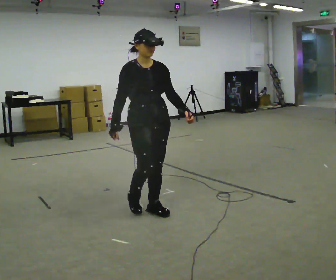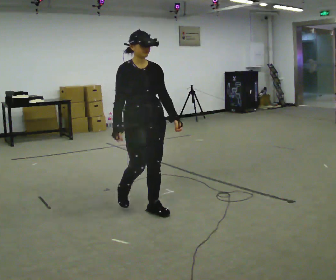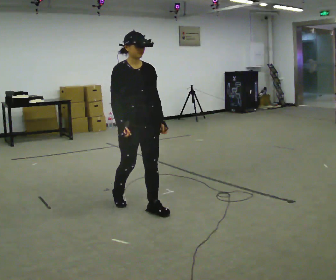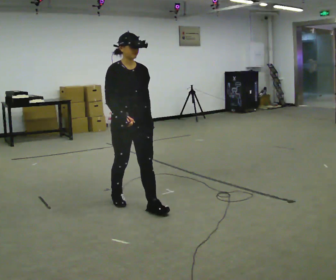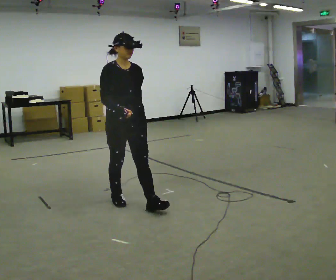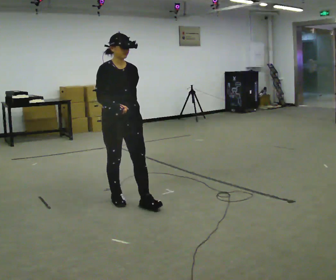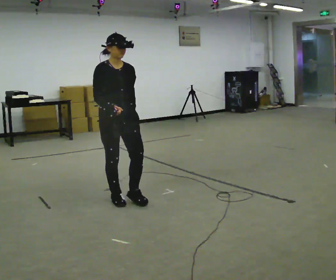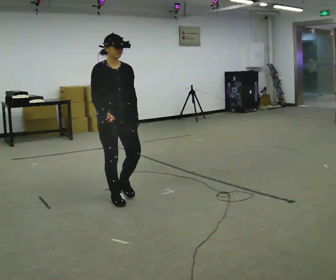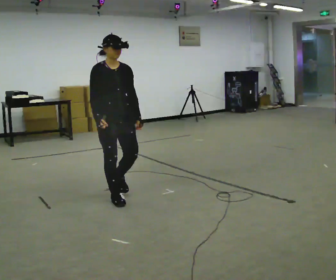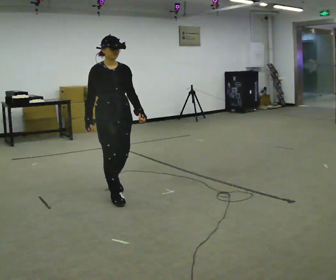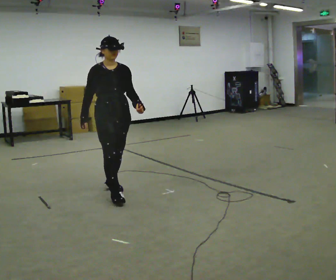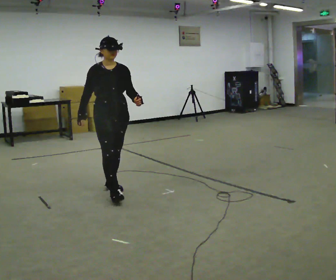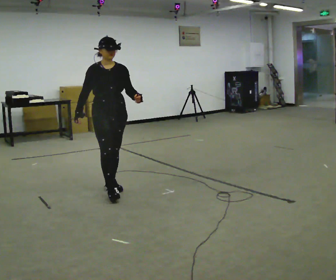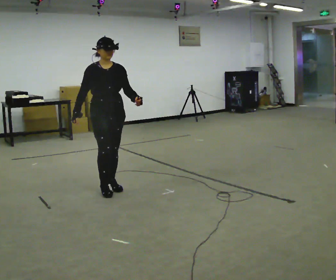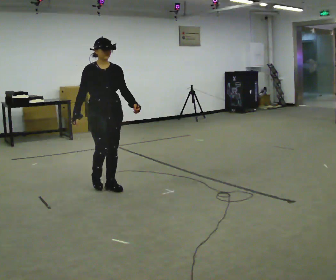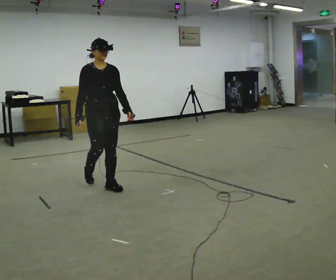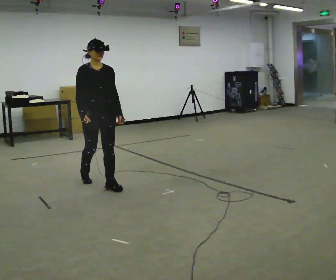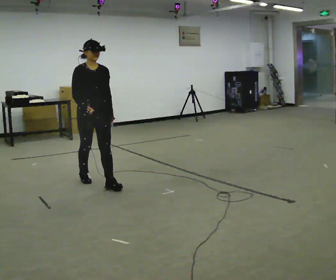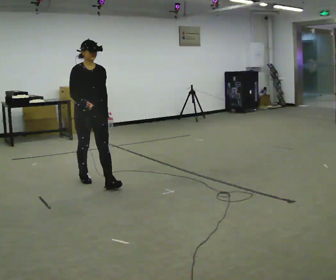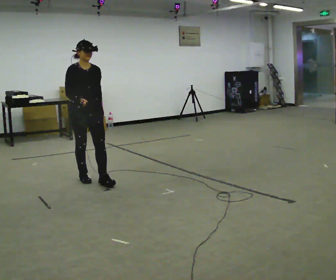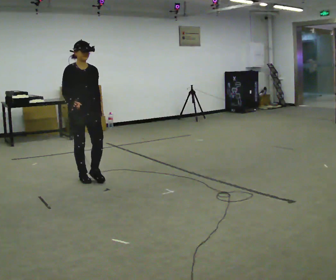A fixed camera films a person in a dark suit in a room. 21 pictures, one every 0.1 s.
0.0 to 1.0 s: In the picture they go away from the camera and to the left, about 0.5 m in 1 step, which for them is backward.
1.0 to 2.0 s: In the picture they go away from the camera and to the left, about 0.5 m in 2 steps, which for them is backward.
The film runs backward here.
